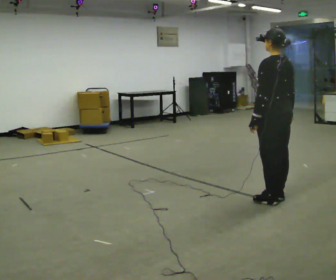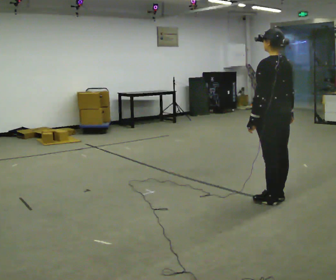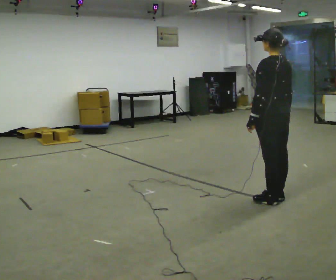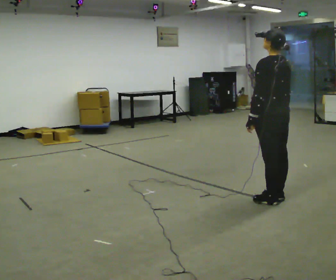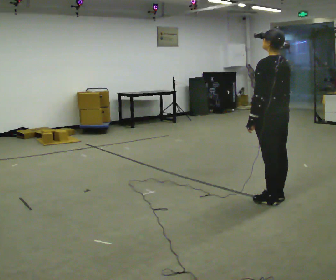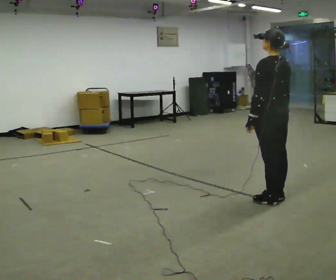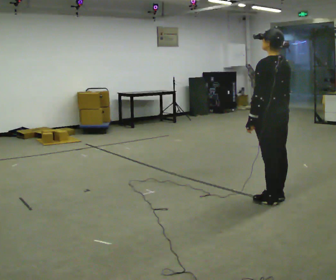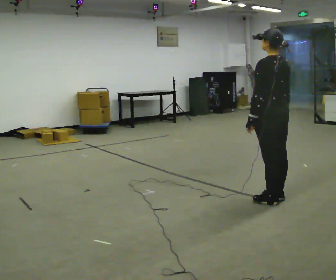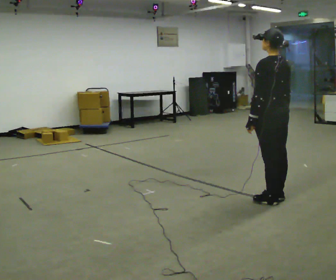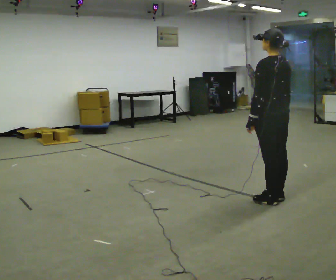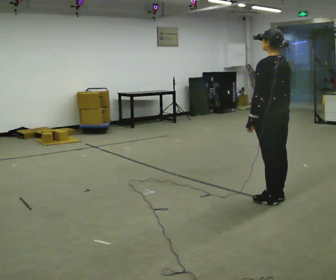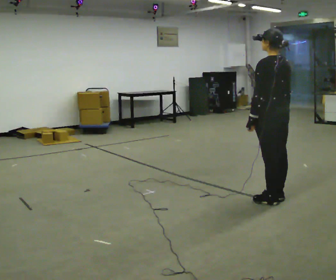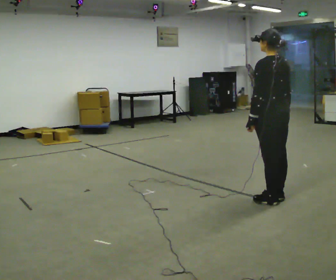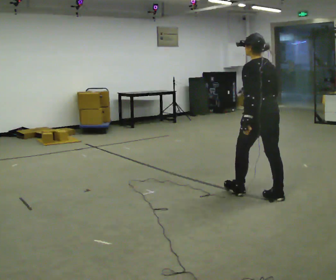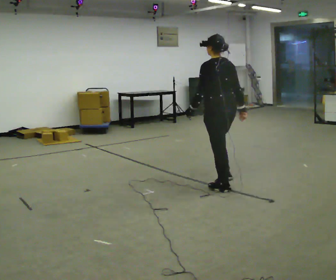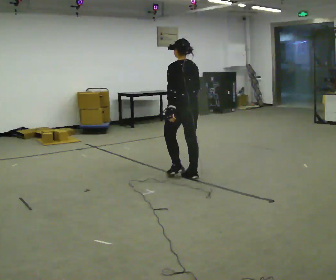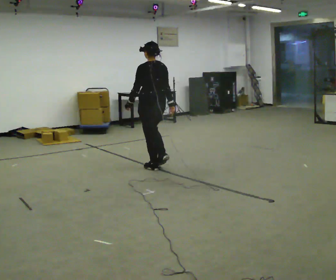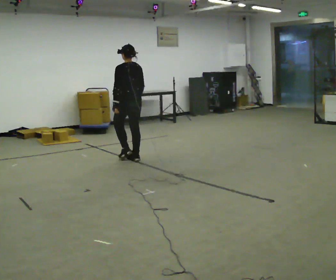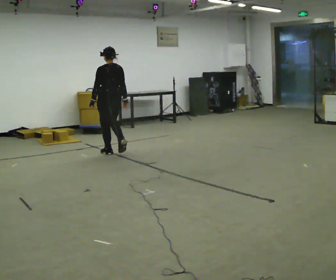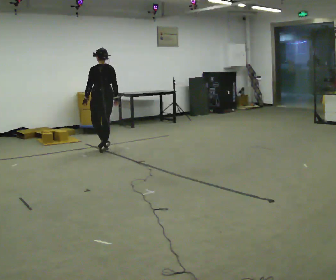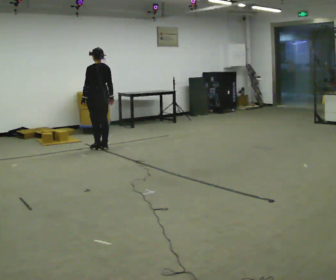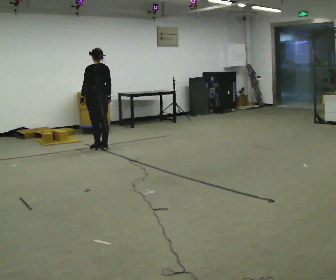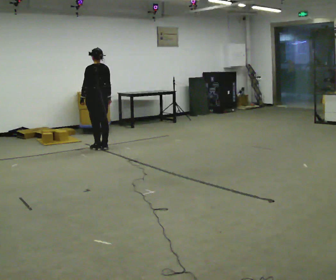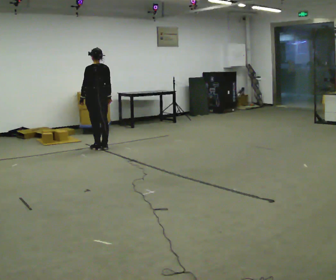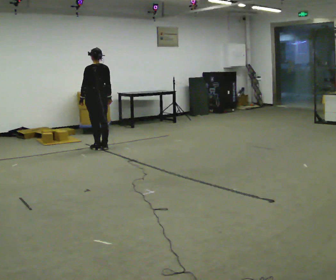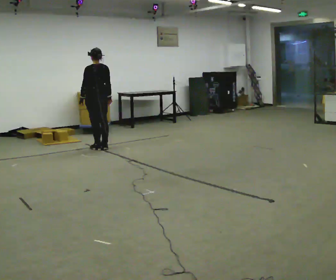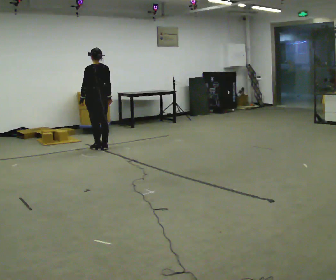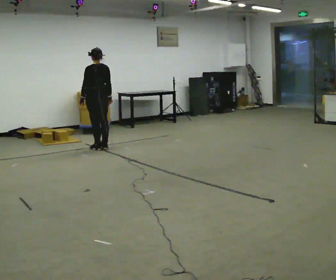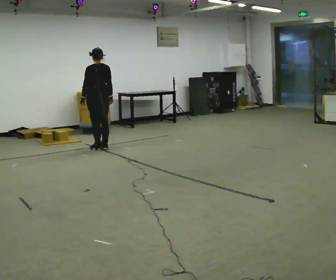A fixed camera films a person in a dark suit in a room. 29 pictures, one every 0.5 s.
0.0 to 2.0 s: The person moves a little, or ends about where they began.
2.0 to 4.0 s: The person keeps their place and pose.
4.0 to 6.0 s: The person moves a little, or ends about where they began.
6.0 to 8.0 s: In the picture they go to the left and away from the camera, about 2 m in 3 steps, which for them is forward.
8.0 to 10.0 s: In the picture they go away from the camera and to the left, about 1.5 m in 4 steps, which for them is forward.
10.0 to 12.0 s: The person moves a little, or ends about where they began.
12.0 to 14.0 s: The person keeps their place and pose.
The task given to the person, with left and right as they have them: Stand still 2 s; begin walking naturally; walk forward; stop.
The film runs forward here.
